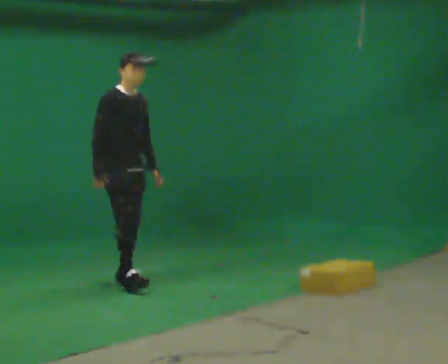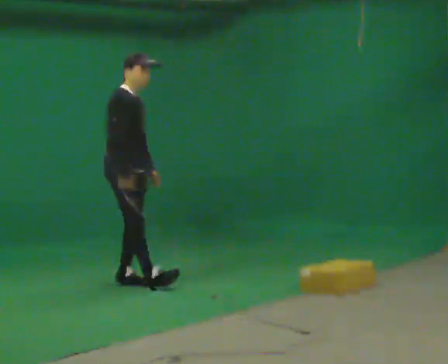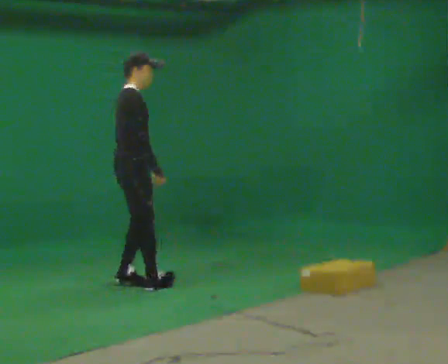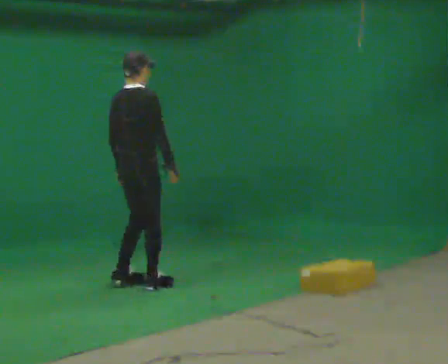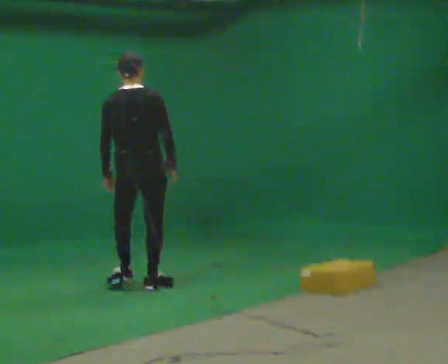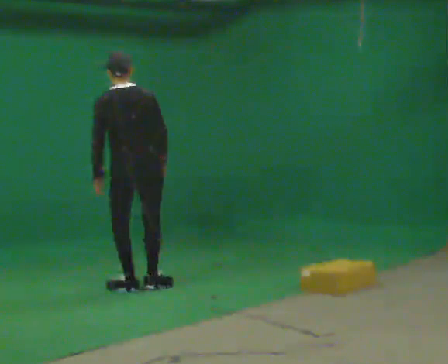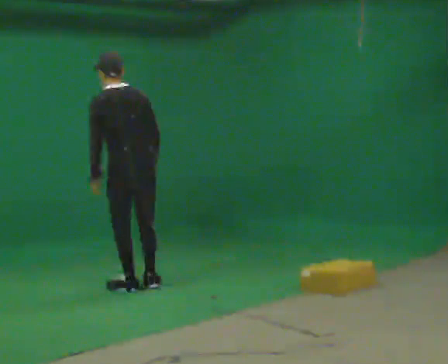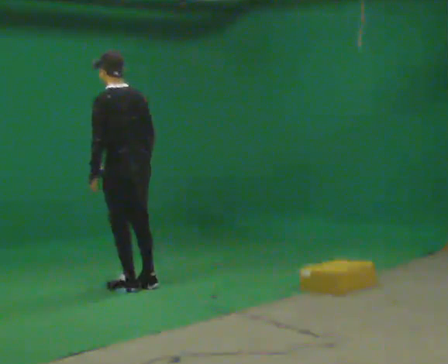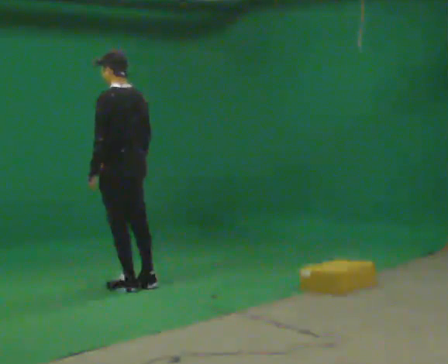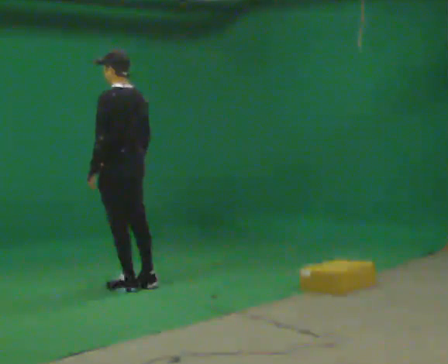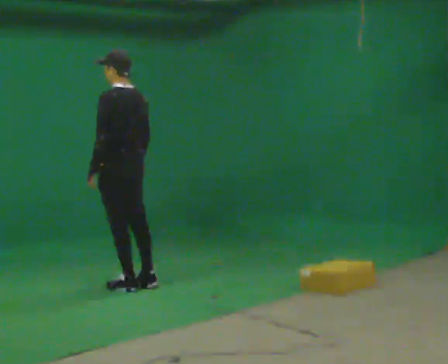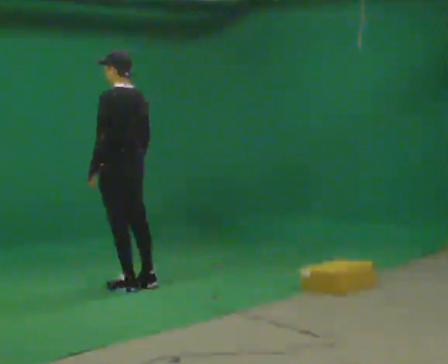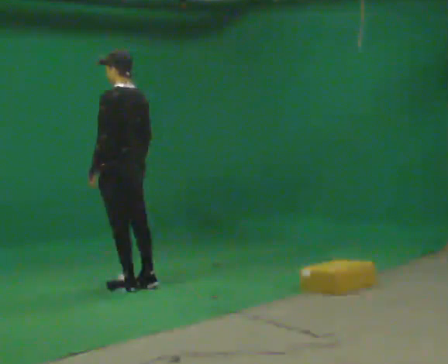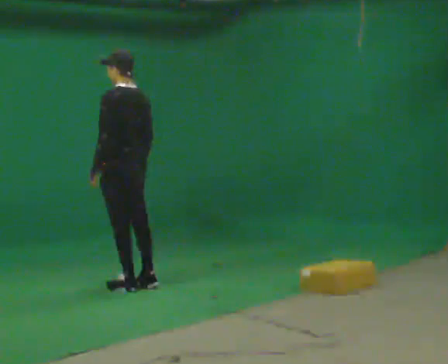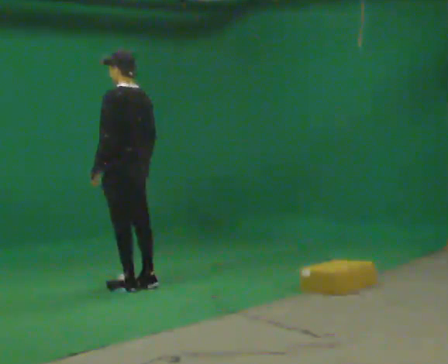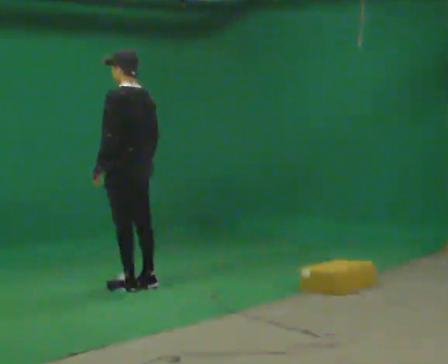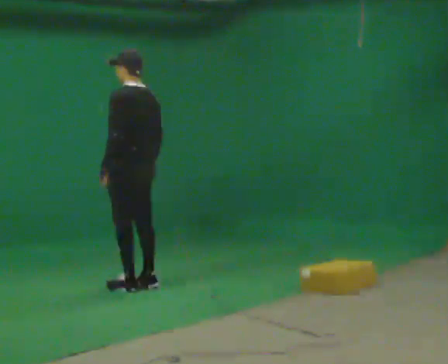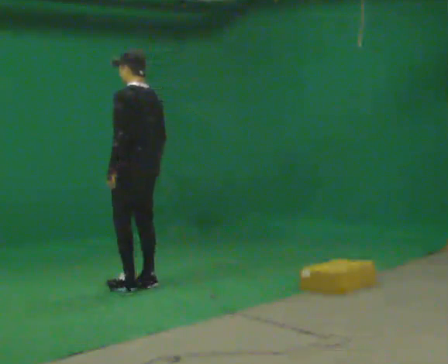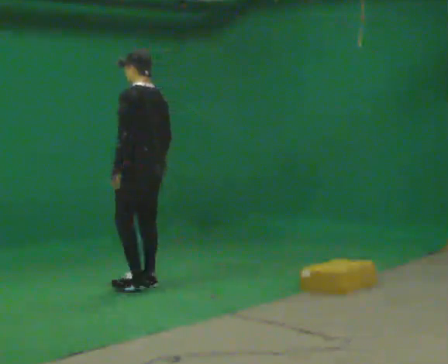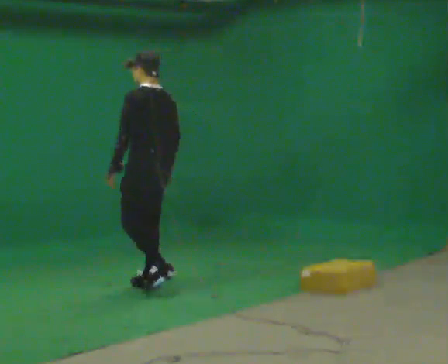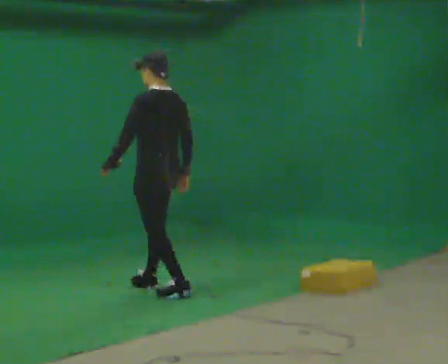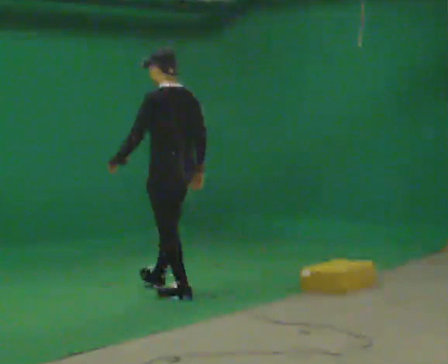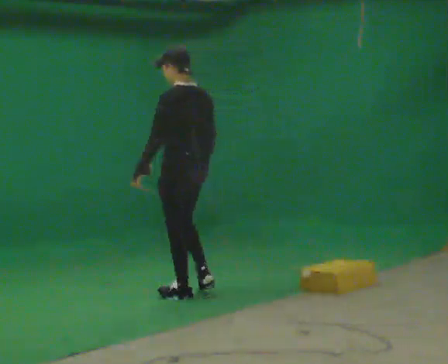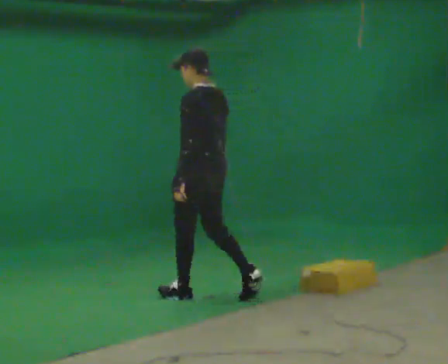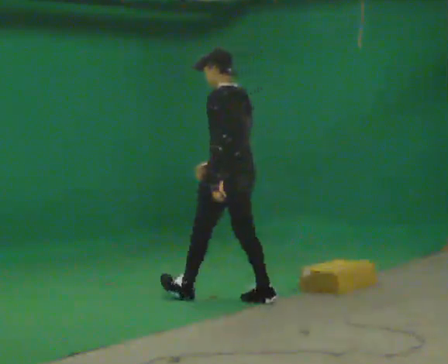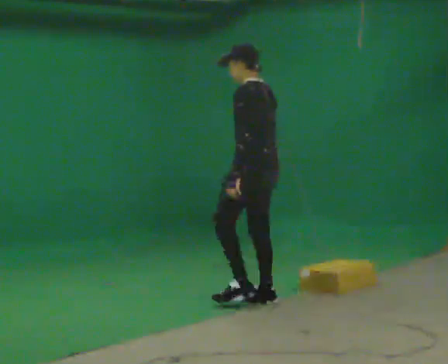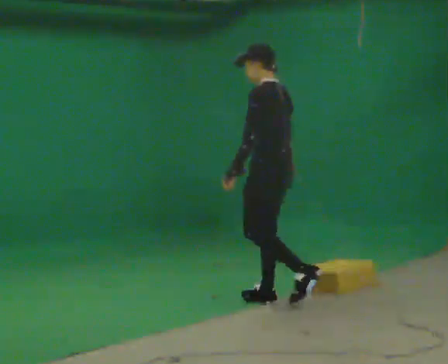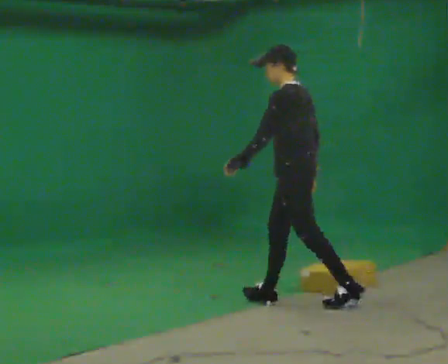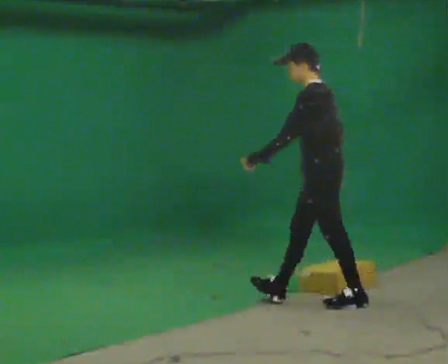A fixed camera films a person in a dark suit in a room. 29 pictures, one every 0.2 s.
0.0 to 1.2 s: Seen from above the body turns counterclockwise, about 165 degrees: to their left, with its near side sliding to the right. In the picture they go toward the camera, about 0.25 m in 1 step. In the picture the upper body tilts counterclockwise, shoulders to the left. In the picture their right hand goes to the right.
1.2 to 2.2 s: In the picture the upper body tilts clockwise, shoulders to the right, as they lean back or straighten.
2.2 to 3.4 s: The person moves a little, or ends about where they began.
3.4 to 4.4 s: In the picture they go toward the camera and to the right, about 0.5 m in 2 steps, which for them is backward.
4.4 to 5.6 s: The part of the body nearest the lens slides to the right as the person turns to their left by about 30 degrees. In the picture they go to the right and toward the camera, about 1 m in 2 steps, which for them is backward.
The film runs backward here.
